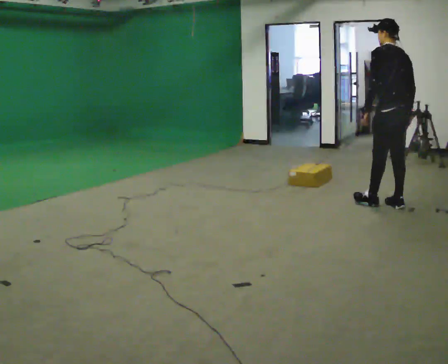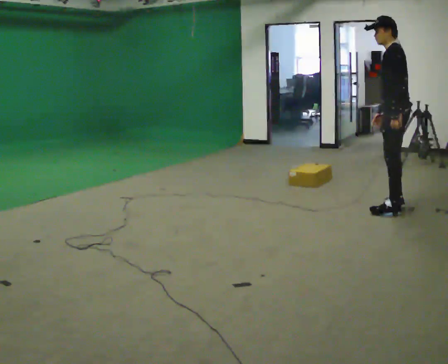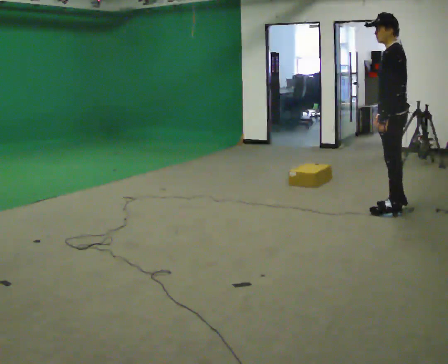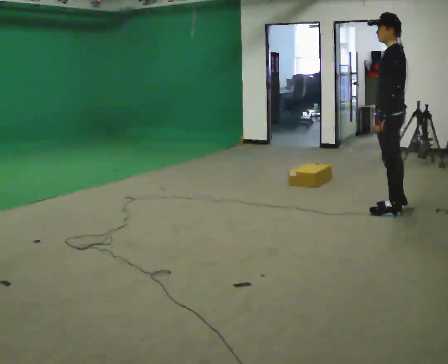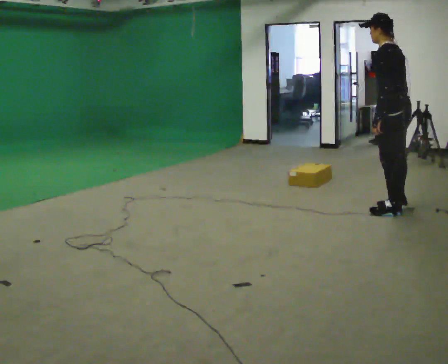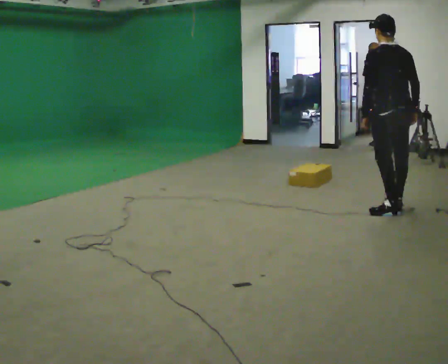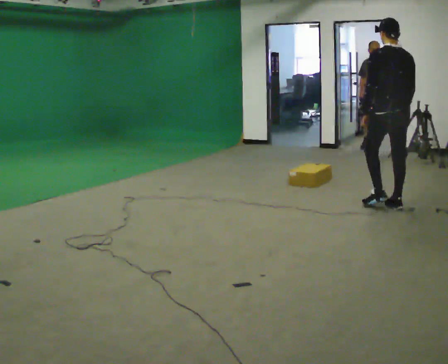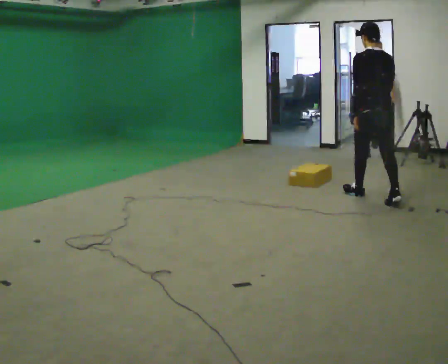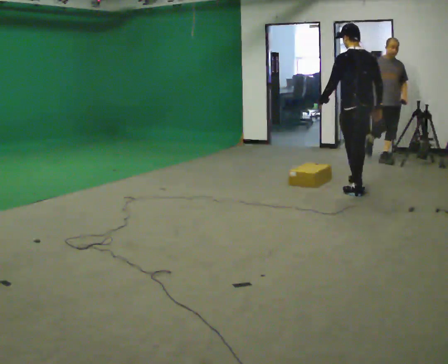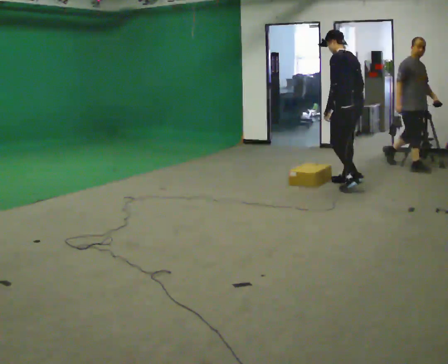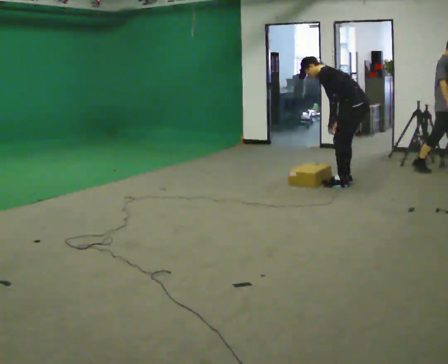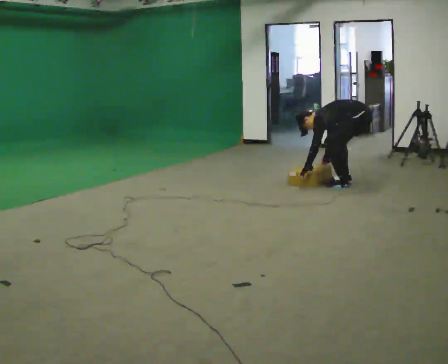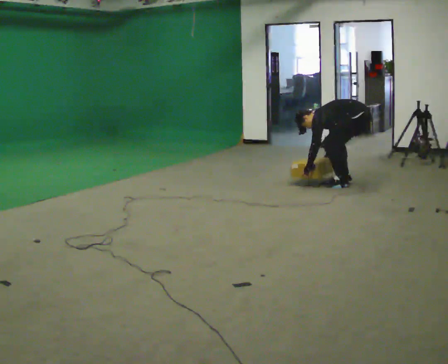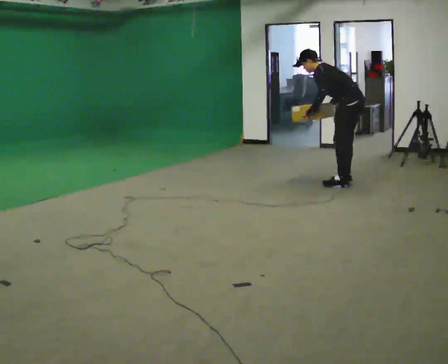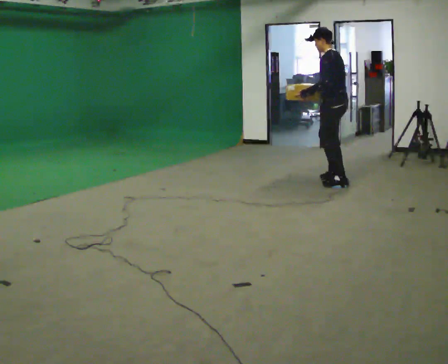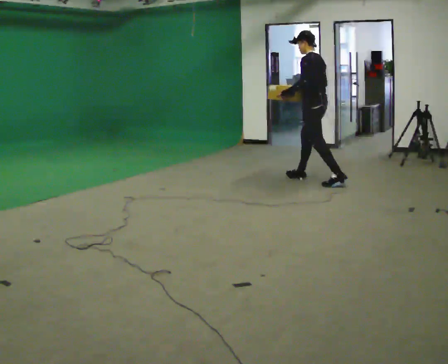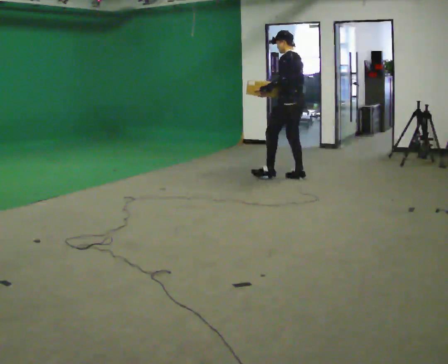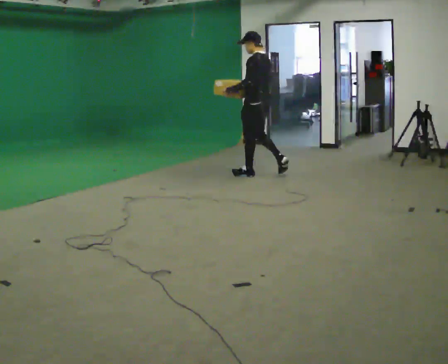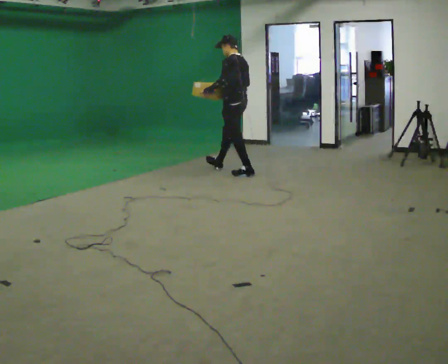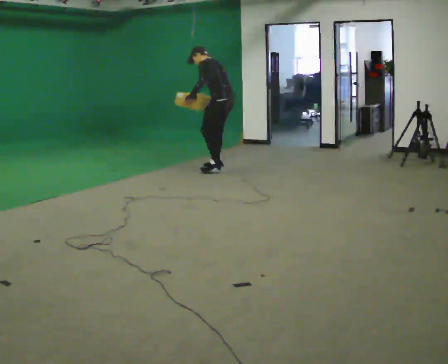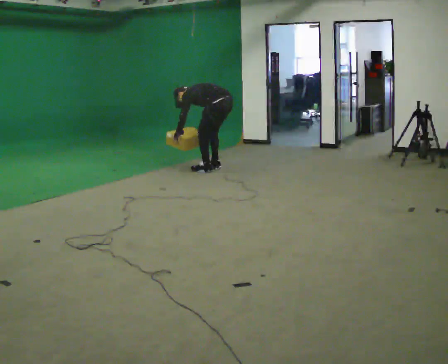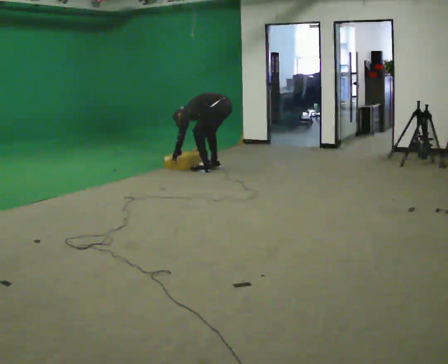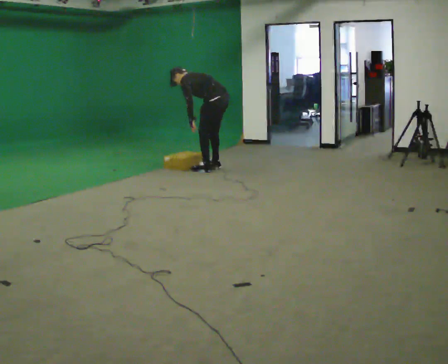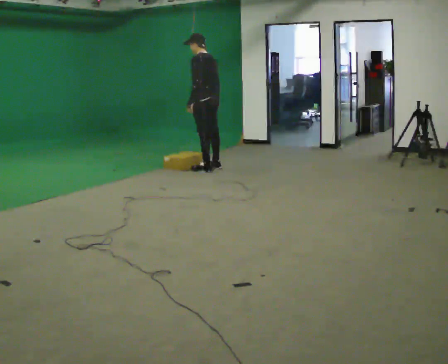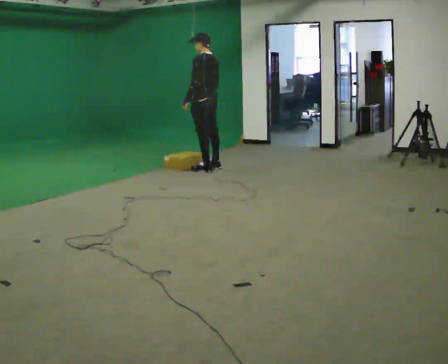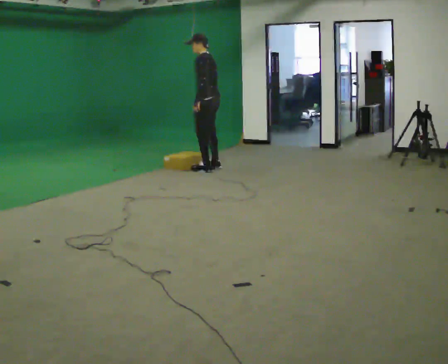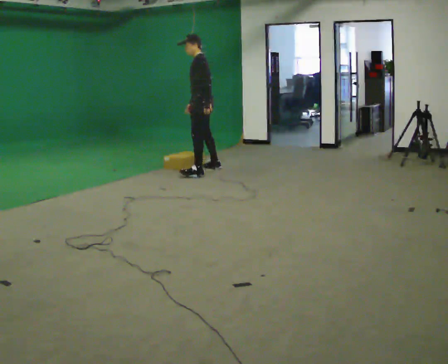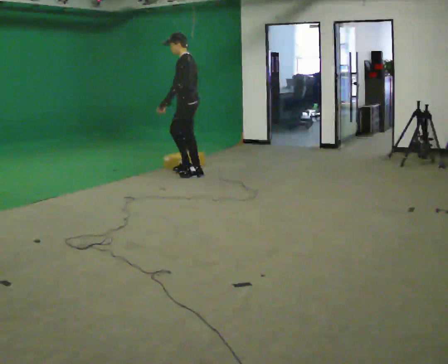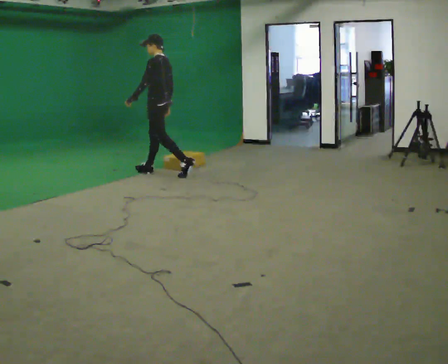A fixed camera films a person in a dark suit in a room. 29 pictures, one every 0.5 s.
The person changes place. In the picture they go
to the left.
0.0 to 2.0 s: In the picture they go toward the camera, about 0.25 m in 1 step, which for them is to their left. The upper body tips toward the camera, its near side rolling downward.
2.0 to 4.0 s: The person turns about 30 degrees to their right, clockwise seen from above, so the part of the body nearest the lens slides to the left. In the picture they go away from the camera and to the left, about 1 m in 1 step, which for them is forward.
4.0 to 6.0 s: The part of the body nearest the lens slides to the right as the person turns to their left by about 45 degrees. In the picture they go away from the camera, about 0.25 m in 2 steps, which for them is to their right. The upper body goes downward. In the picture the upper body tilts counterclockwise, shoulders to the left, as they bend forward. In the picture their left hand goes downward.
6.0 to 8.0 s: In the picture they go to the left, about 1 m in 1 step, which for them is forward. The shoulders move upward. In the picture the upper body tilts clockwise, shoulders to the right, as they lean back or straighten. In the picture their right hand goes upward.
8.0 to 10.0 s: In the picture they go to the left, about 1 m in 3 steps, which for them is forward. The upper body goes downward. In the picture the upper body tilts counterclockwise, shoulders to the left, as they bend forward. In the picture their right hand goes downward.
10.0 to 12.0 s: In the picture they go to the left, about 0.25 m, which for them is forward. In the picture the upper body tilts clockwise, shoulders to the right, as they lean back or straighten. In the picture their left hand goes upward.
12.0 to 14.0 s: In the picture they go to the left and toward the camera, about 0.75 m in 2 steps, which for them is forward and to their left.
The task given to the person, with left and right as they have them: Start still; walk straight at normal comfortable speed; stop at endpoint.
The film runs forward here.
